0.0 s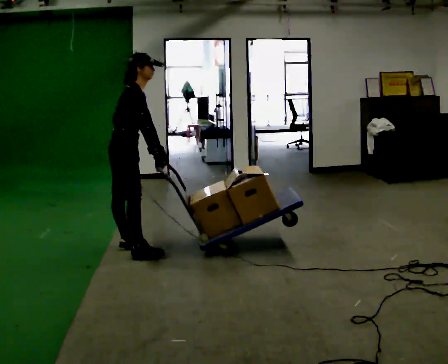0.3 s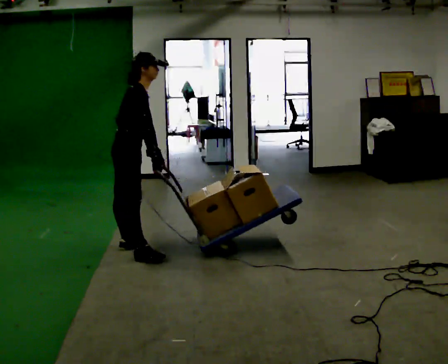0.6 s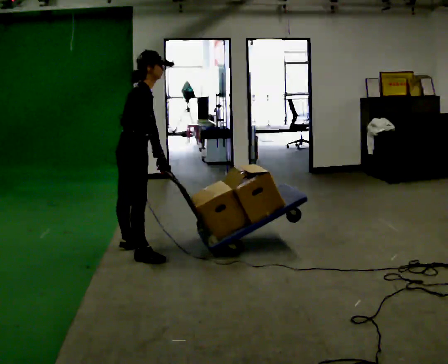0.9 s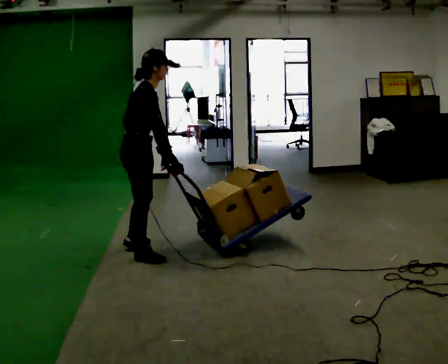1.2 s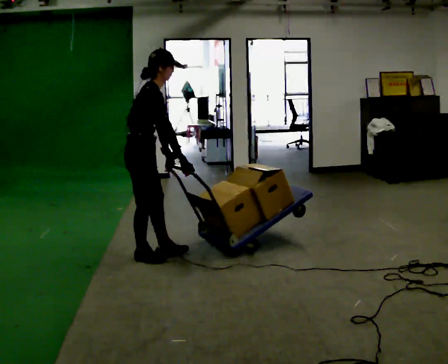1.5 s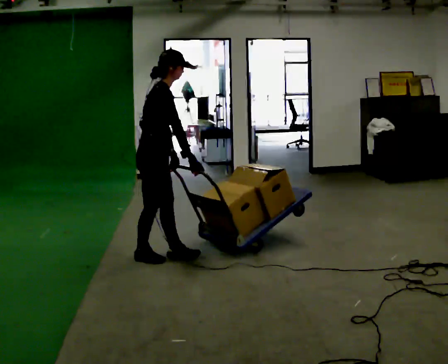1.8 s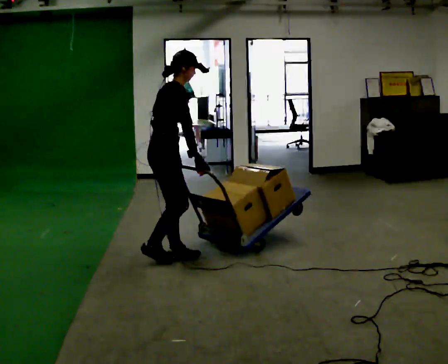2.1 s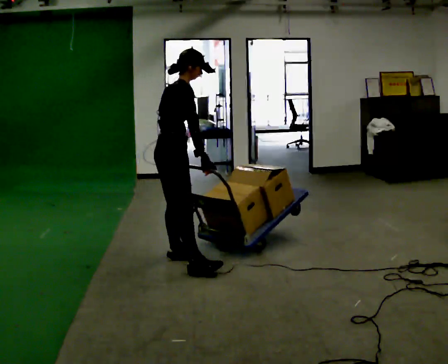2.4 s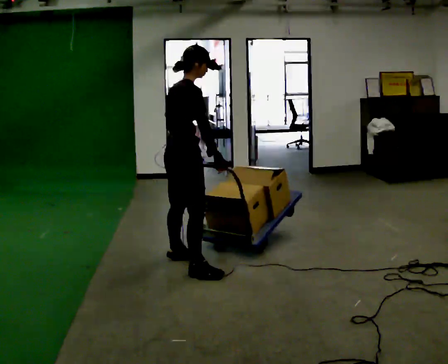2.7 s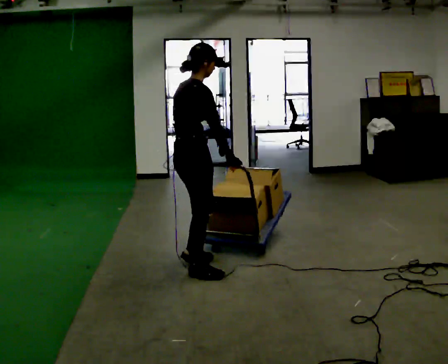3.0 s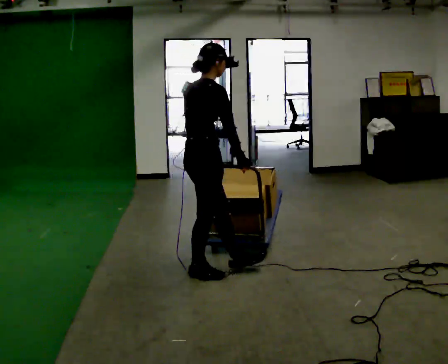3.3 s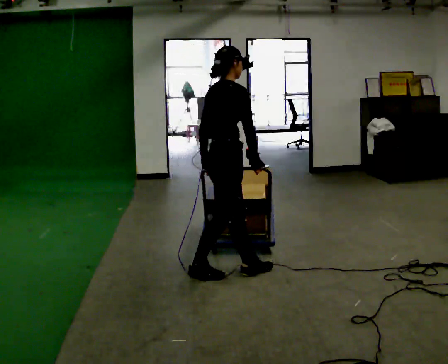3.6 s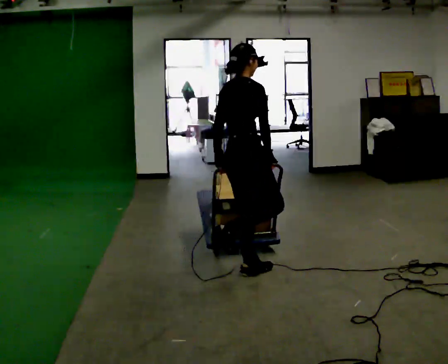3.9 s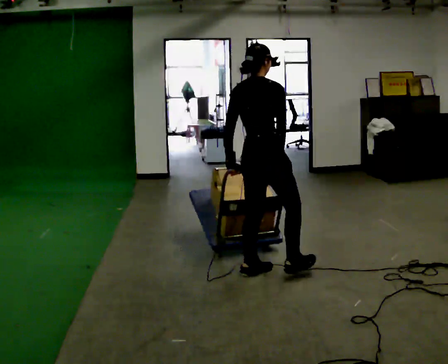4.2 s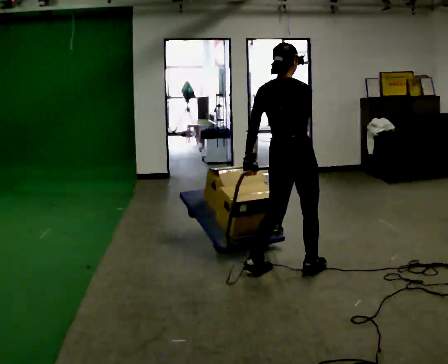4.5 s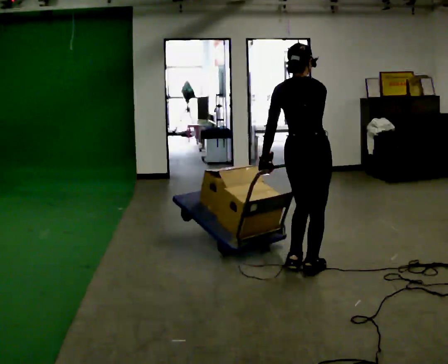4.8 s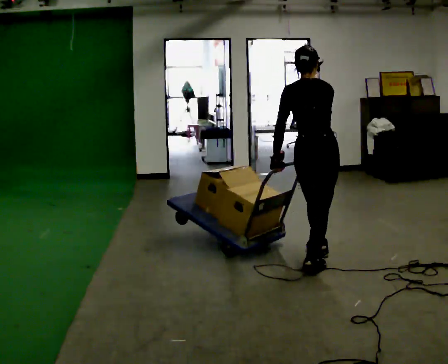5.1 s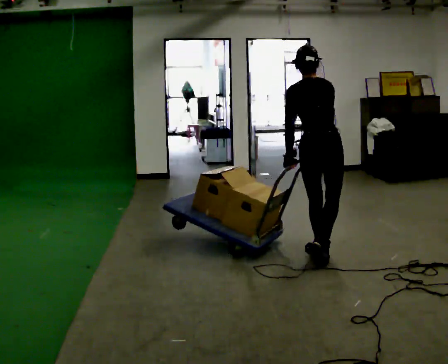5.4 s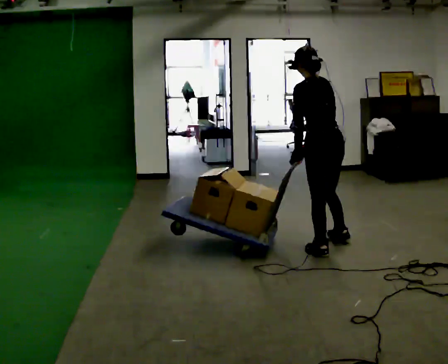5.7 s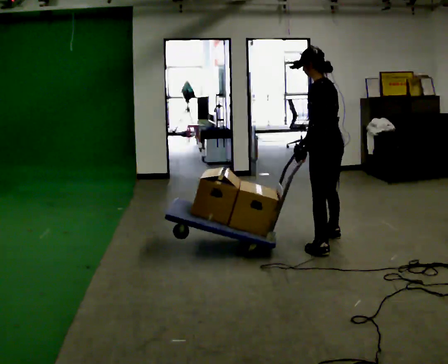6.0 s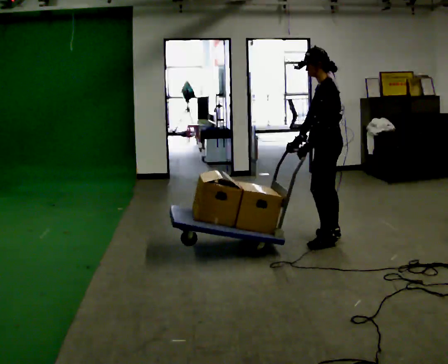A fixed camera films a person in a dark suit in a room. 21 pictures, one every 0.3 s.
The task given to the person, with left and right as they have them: Turn the cart round to face the other way without moving it out of the marked square, then turn it back. Repeat until the operator says stop.
0.0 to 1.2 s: In the picture they go toward the camera and to the right, about 0.25 m, which for them is to their right and forward.
1.2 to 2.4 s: In the picture they go to the right and toward the camera, about 0.5 m in 2 steps, which for them is forward and to their right.
2.4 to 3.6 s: In the picture they go to the right, about 0.5 m in 1 step, which for them is forward and to their right.
3.6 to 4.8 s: Seen from above the body turns counterclockwise, about 45 degrees: to their left, with its near side sliding to the right. In the picture they go to the right, about 0.5 m in 2 steps, which for them is to their right and forward.
4.8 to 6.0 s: The person turns about 90 degrees to their left, counterclockwise seen from above, so the part of the body nearest the lens slides to the right. In the picture they go away from the camera and to the right, about 0.75 m in 1 step.
The film runs forward here.
